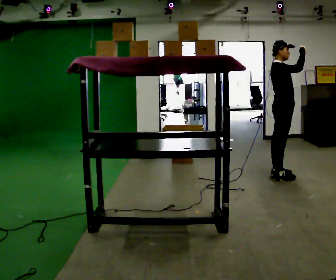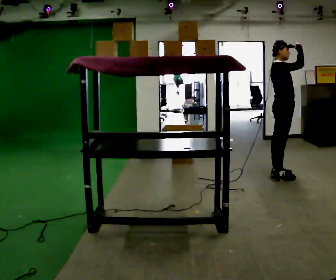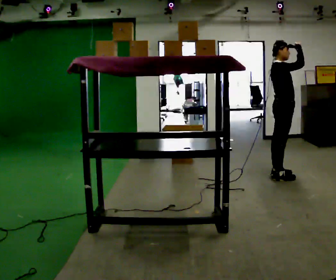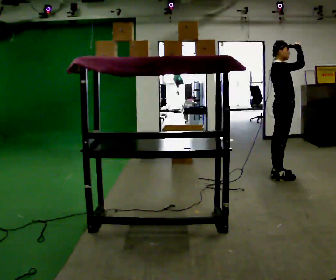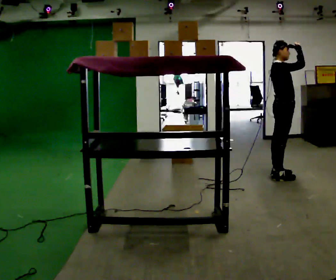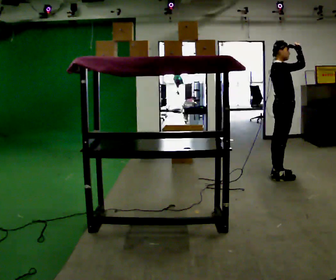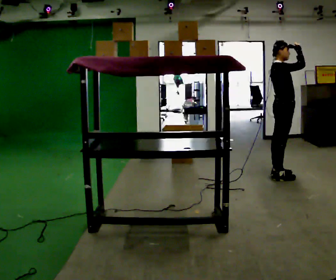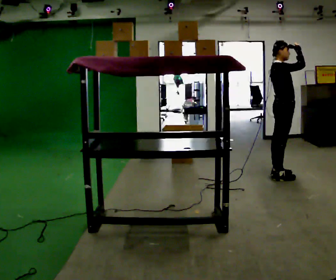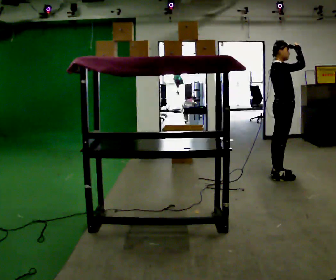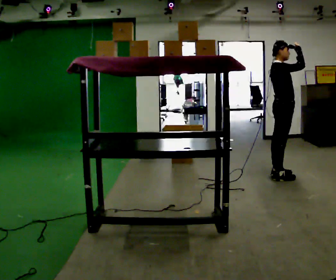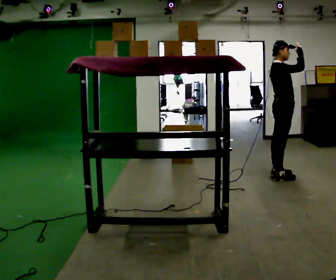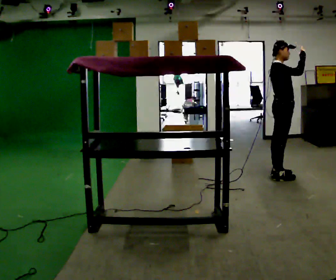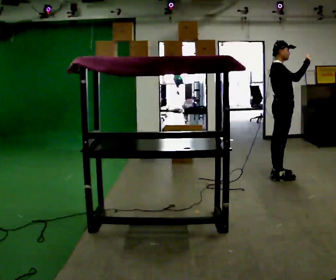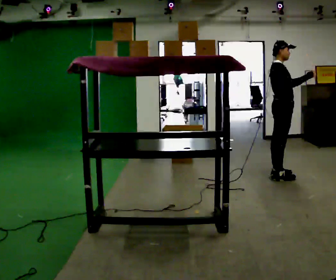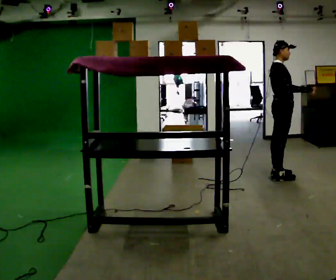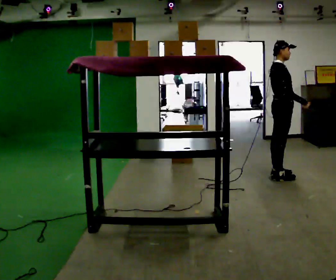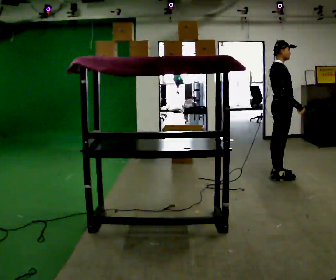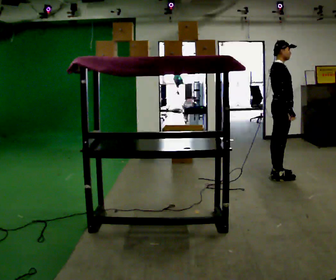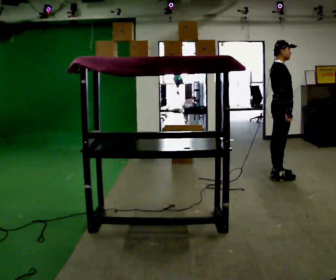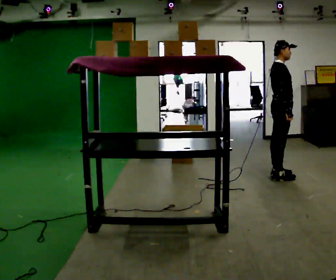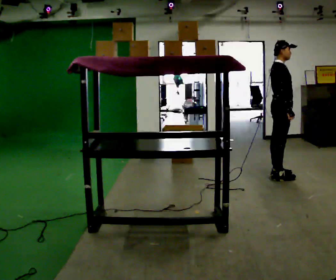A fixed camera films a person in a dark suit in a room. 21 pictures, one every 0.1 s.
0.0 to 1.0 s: The person moves a little, or ends about where they began.
1.0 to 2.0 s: In the picture their right hand goes downward, the arm swinging clockwise.
The film runs forward here.
